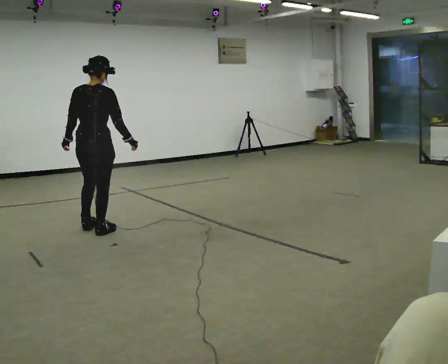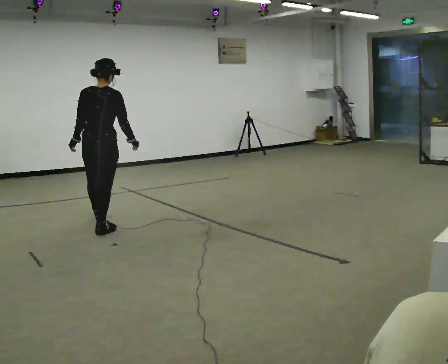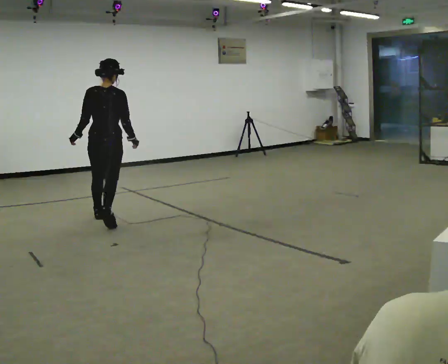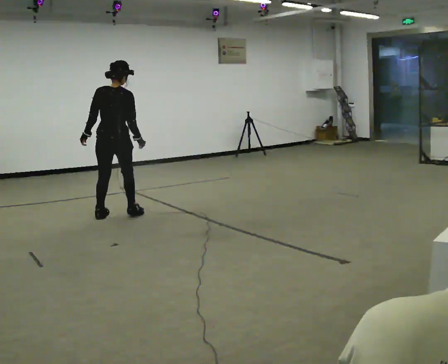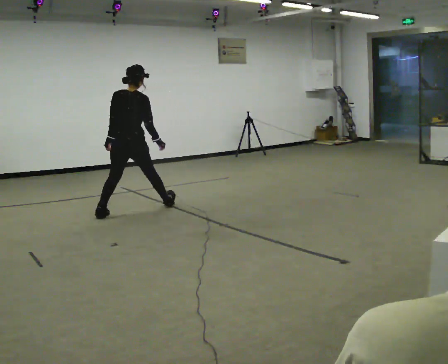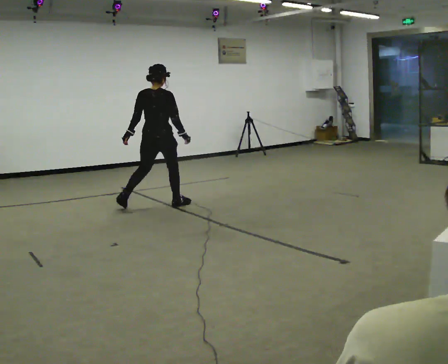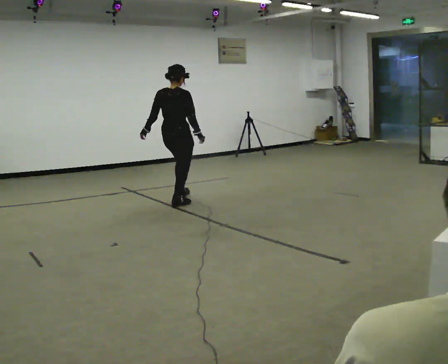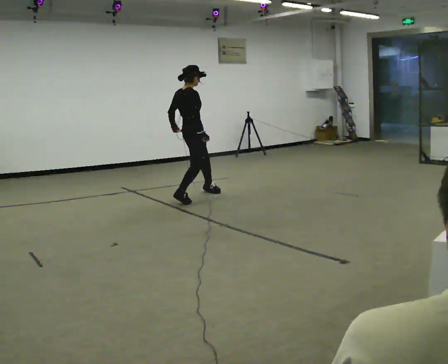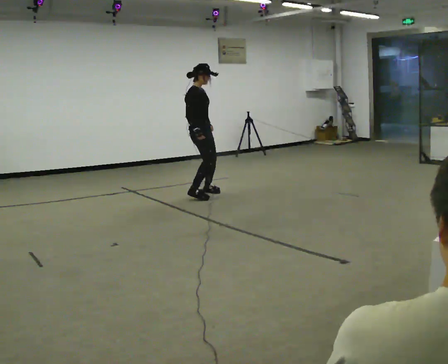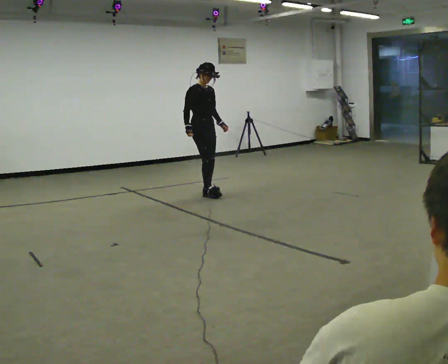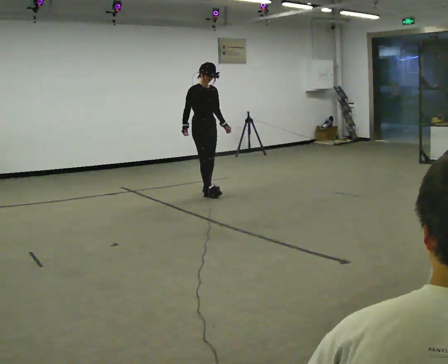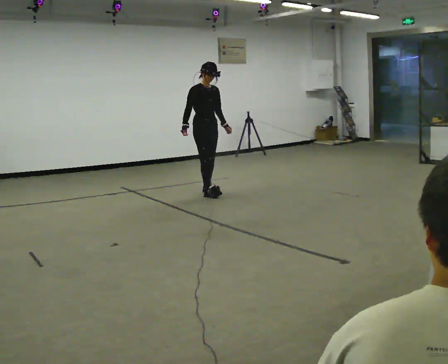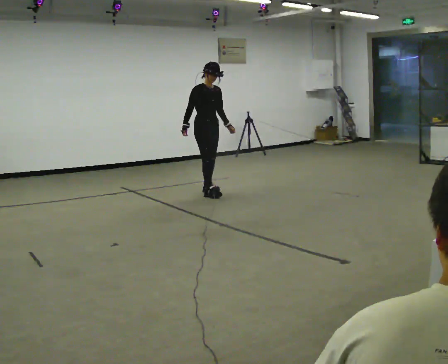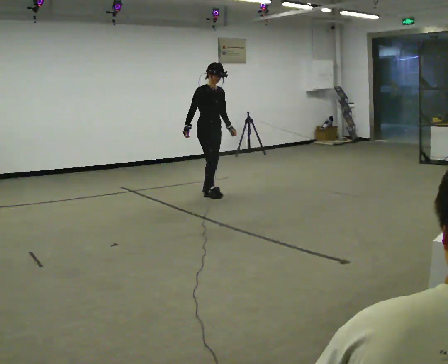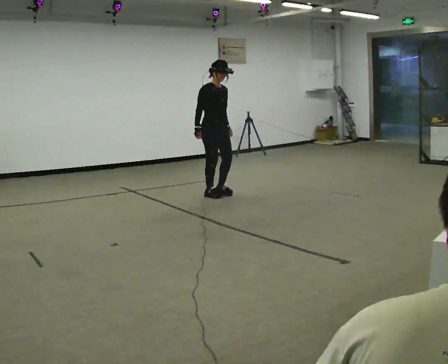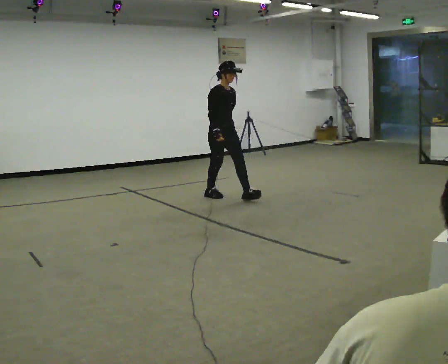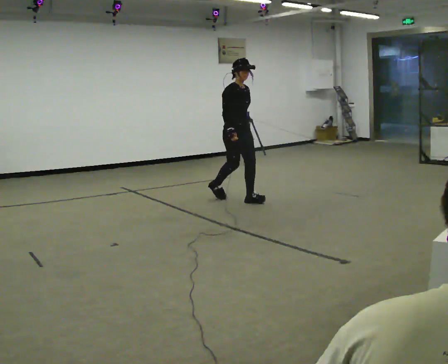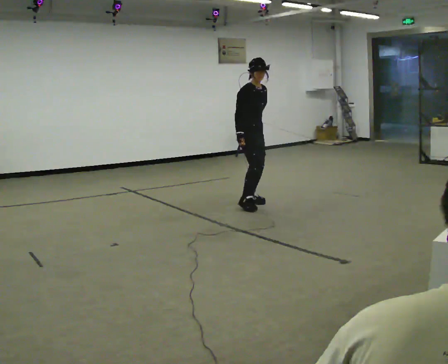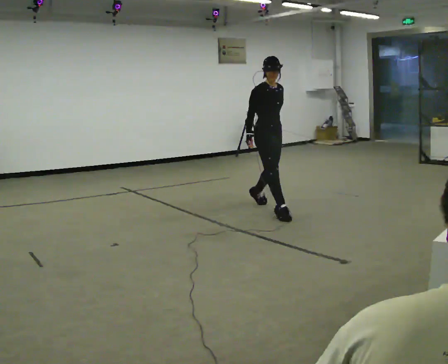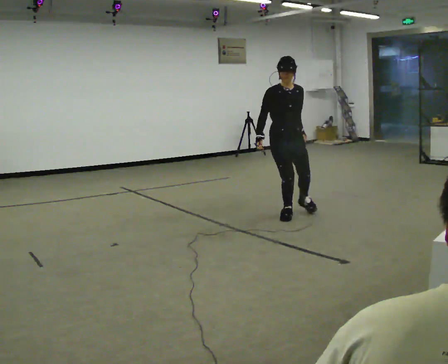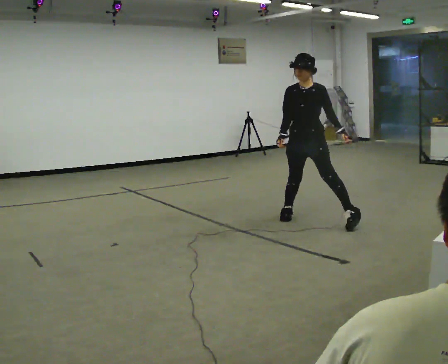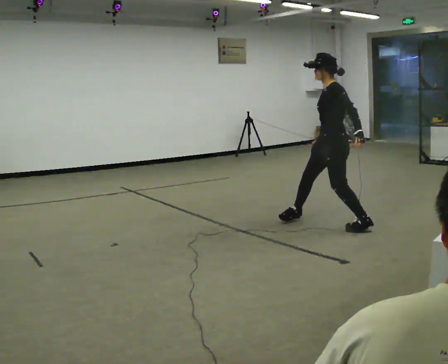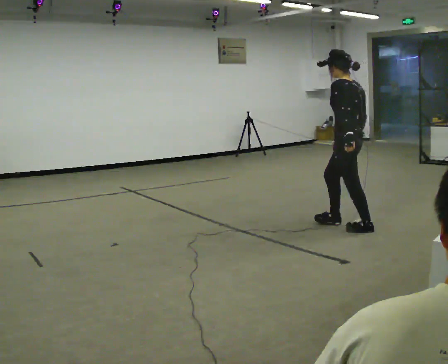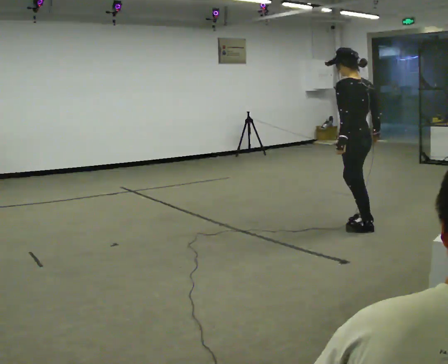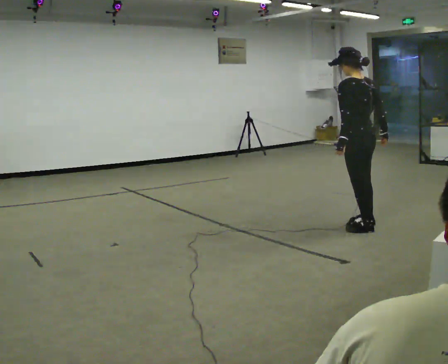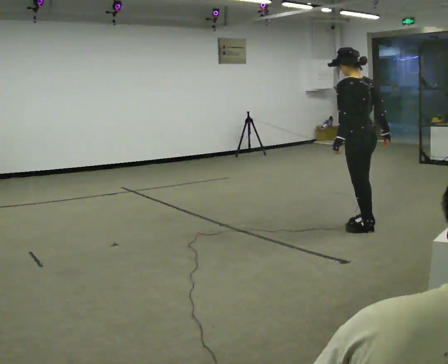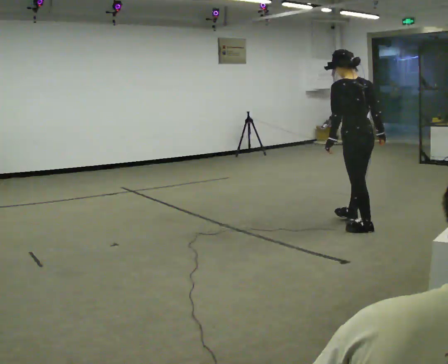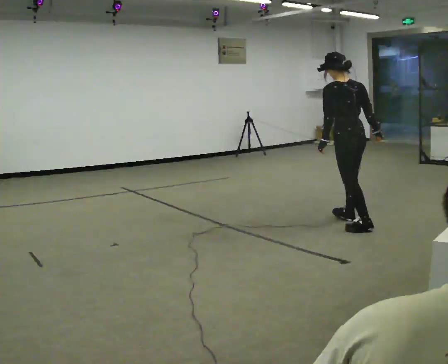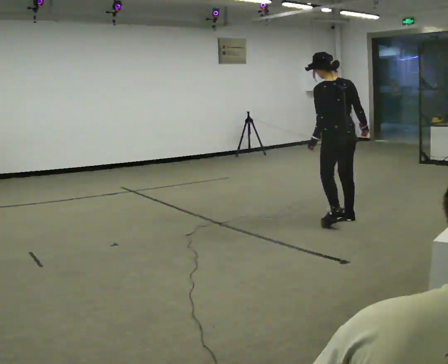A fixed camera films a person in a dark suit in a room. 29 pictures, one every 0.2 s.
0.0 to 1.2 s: In the picture they go away from the camera and to the right, about 1.5 m in 2 steps, which for them is forward and to their right.
1.2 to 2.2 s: The part of the body nearest the lens slides to the left as the person turns to their right by about 120 degrees. In the picture they go away from the camera and to the right, about 0.5 m in 1 step.
2.2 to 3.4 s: In the picture they go toward the camera and to the right, about 1 m in 2 steps, which for them is forward.
3.4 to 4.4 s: Seen from above the body turns clockwise, about 165 degrees: to their right, with its near side sliding to the left. In the picture they go toward the camera and to the right, about 1.5 m in 2 steps.
4.4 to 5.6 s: The person turns about 45 degrees to their right, clockwise seen from above, so the part of the body nearest the lens slides to the left. In the picture they go away from the camera, about 0.25 m in 2 steps, which for them is forward and to their right.
The film runs backward here.
